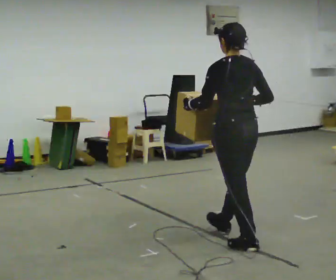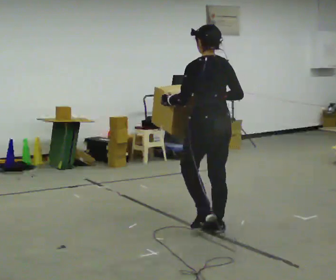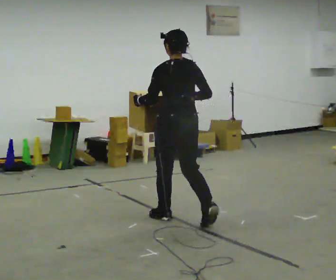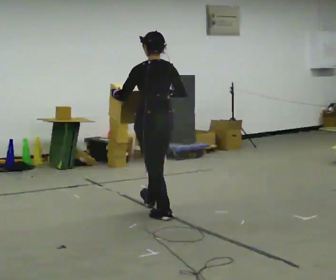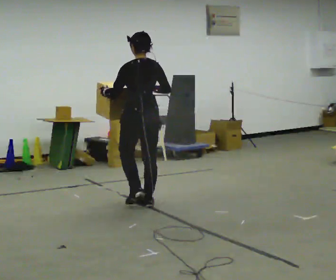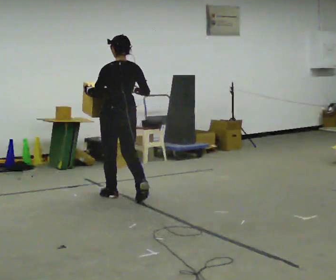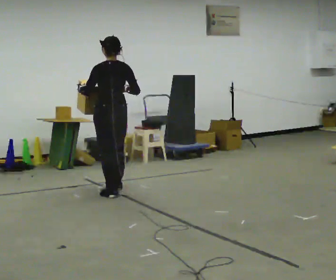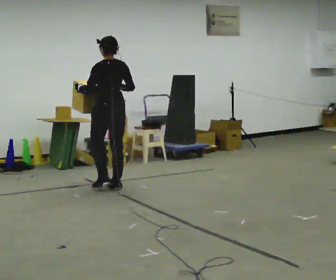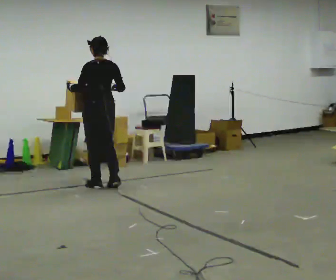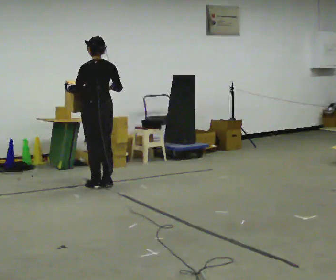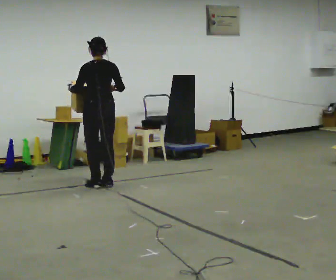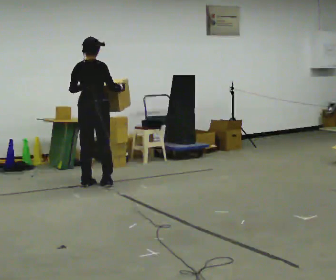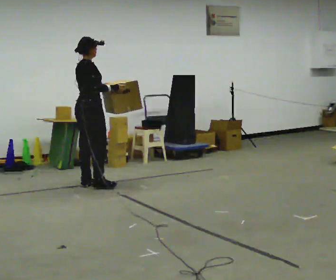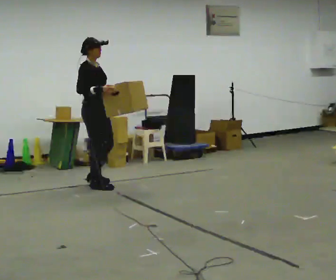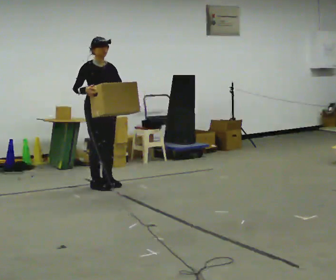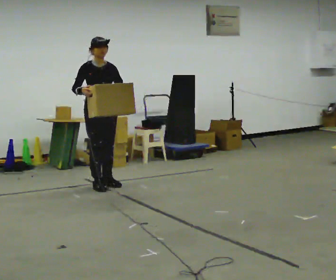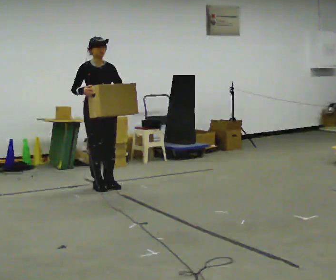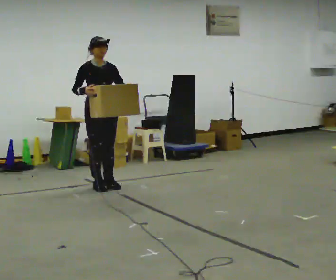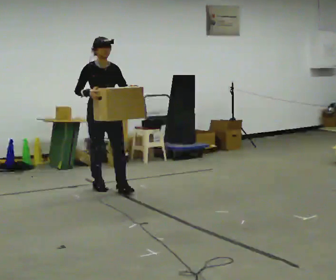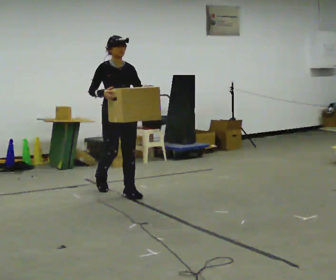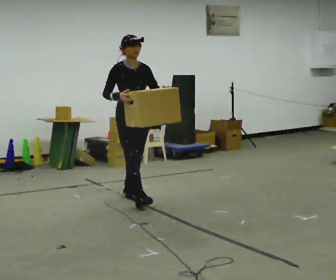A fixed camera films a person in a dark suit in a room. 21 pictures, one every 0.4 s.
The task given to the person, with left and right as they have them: Carry the heavy box in both hands in front of you, walking back and forth across the room. Keep walking until the operator says stop. Set it down if you need a rest.
0.0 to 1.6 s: In the picture they go away from the camera and to the left, about 1.5 m in 3 steps, which for them is forward.
1.6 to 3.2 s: In the picture they go away from the camera and to the left, about 1 m in 3 steps, which for them is forward.
3.2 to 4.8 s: The person turns about 90 degrees to their right, clockwise seen from above, so the part of the body nearest the lens slides to the left.
4.8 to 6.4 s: Seen from above the body turns clockwise, about 90 degrees: to their right, with its near side sliding to the left. In the picture their left hand goes to the right.
6.4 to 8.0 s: In the picture they go toward the camera and to the right, about 0.5 m in 1 step, which for them is forward.
The film runs forward here.
